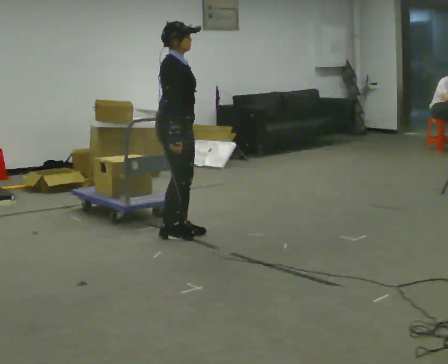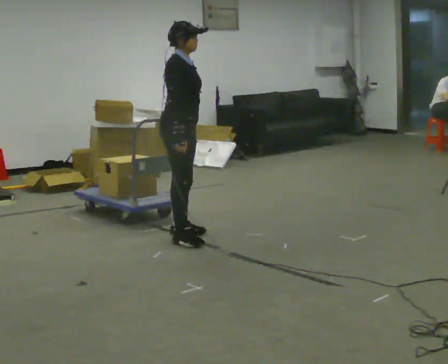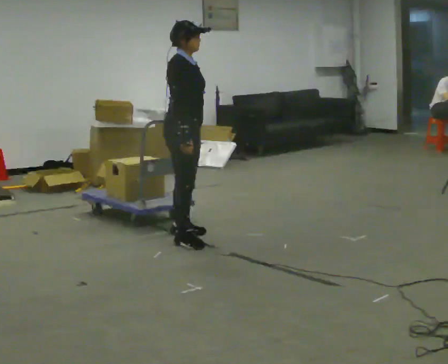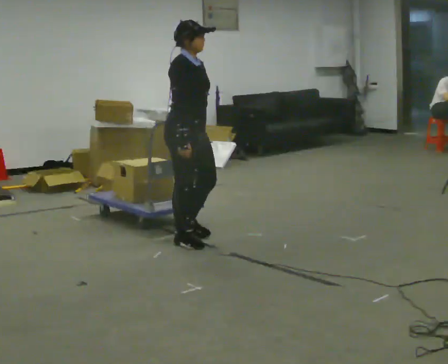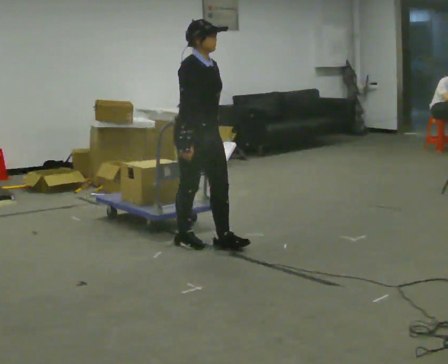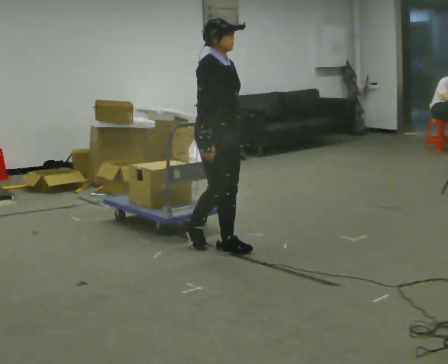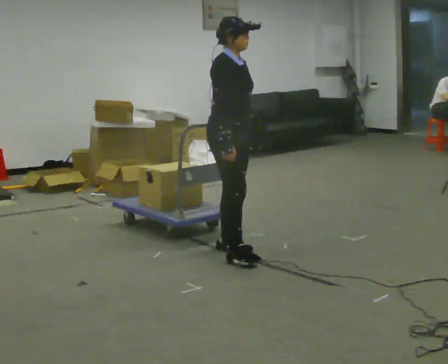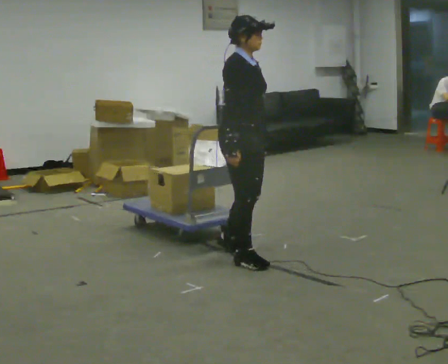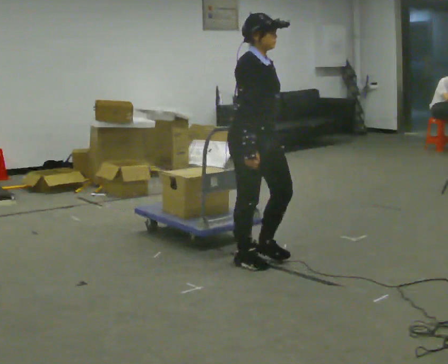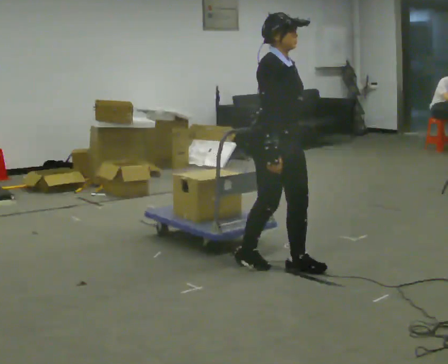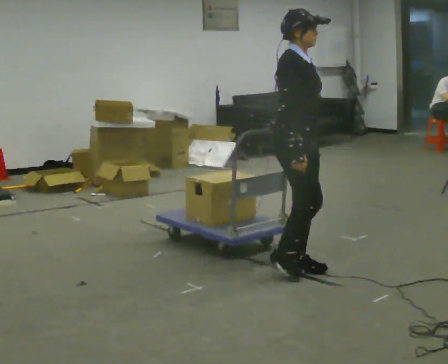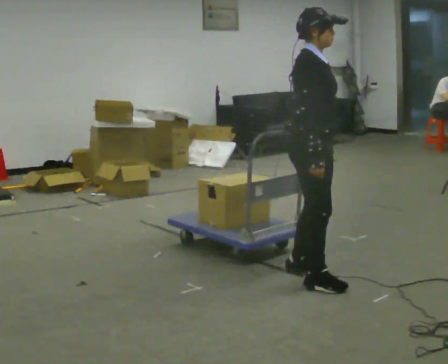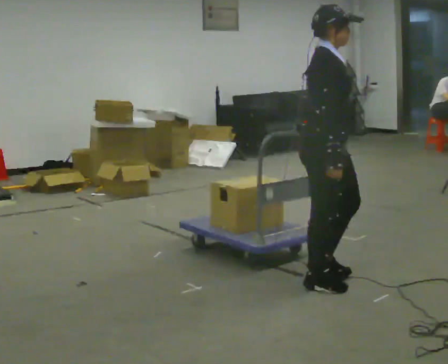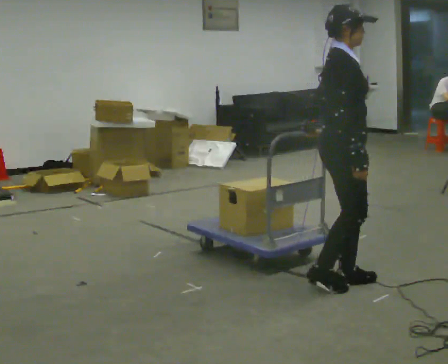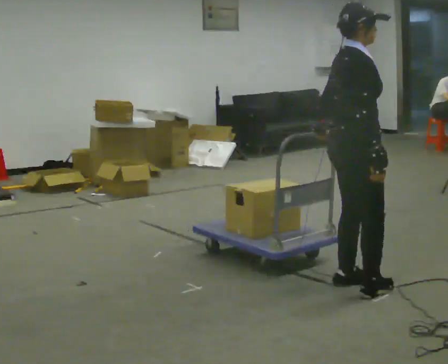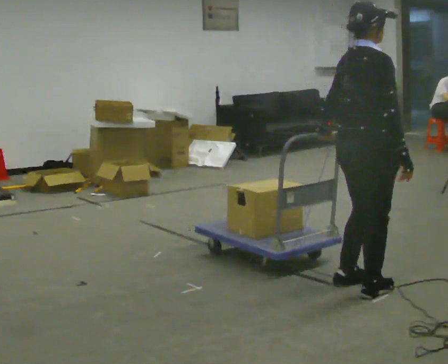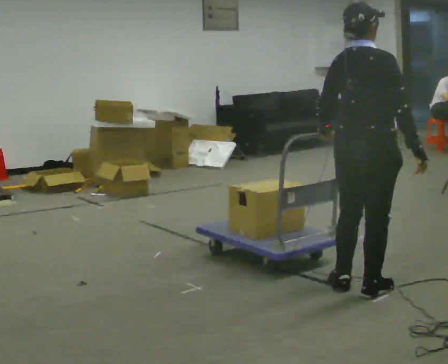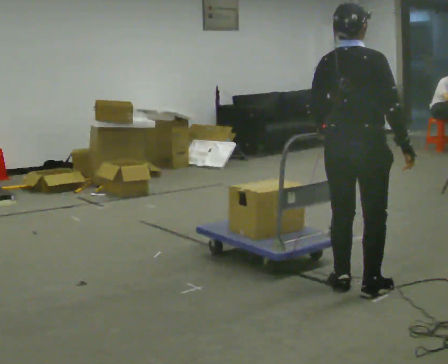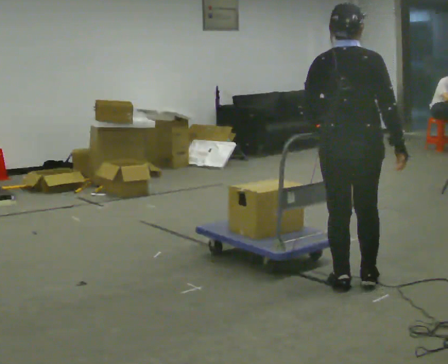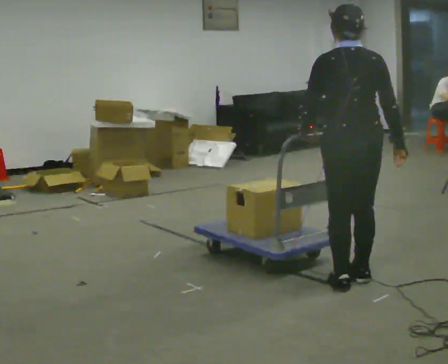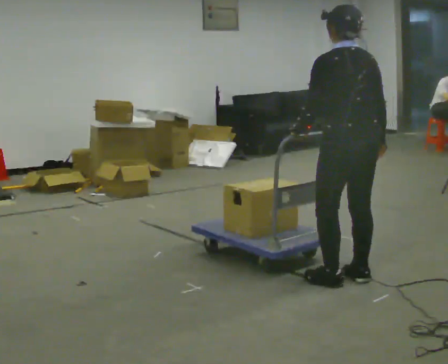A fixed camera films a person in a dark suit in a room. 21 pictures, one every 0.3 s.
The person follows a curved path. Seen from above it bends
counterclockwise.
0.0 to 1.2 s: In the picture they go to the right and toward the camera, about 0.25 m in 1 step, which for them is forward and to their right.
1.2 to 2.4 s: In the picture they go to the right and toward the camera, about 0.5 m in 2 steps, which for them is forward.
2.4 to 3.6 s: In the picture they go to the right and toward the camera, about 0.5 m in 2 steps, which for them is forward.
3.6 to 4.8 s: Seen from above the body turns counterclockwise, about 60 degrees: to their left, with its near side sliding to the right. In the picture they go to the right, about 0.25 m in 2 steps. In the picture their right hand goes to the right.
4.8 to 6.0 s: The part of the body nearest the lens slides to the right as the person turns to their left by about 75 degrees. In the picture they go away from the camera, about 0.25 m in 1 step.
The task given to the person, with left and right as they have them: Push the cart across the room using only the hand the operator calls. Keep your other arm at your side.
The film runs forward here.
